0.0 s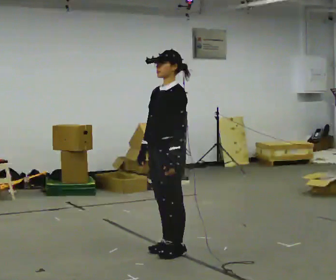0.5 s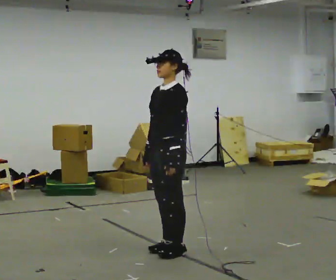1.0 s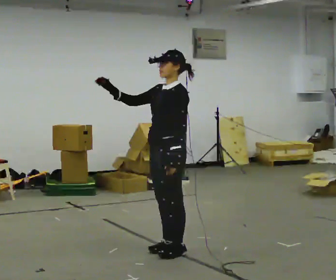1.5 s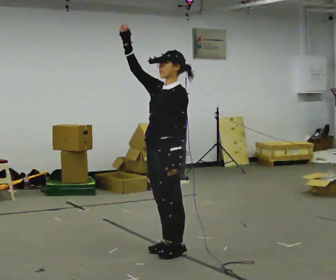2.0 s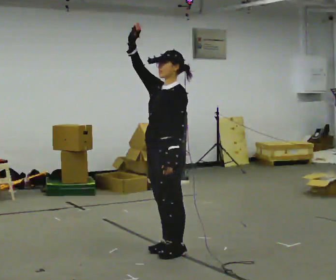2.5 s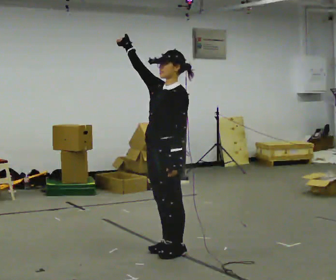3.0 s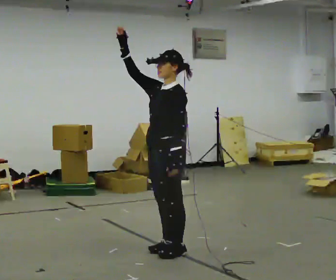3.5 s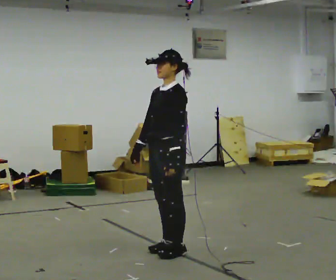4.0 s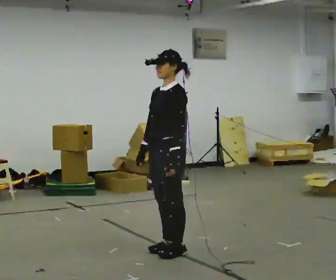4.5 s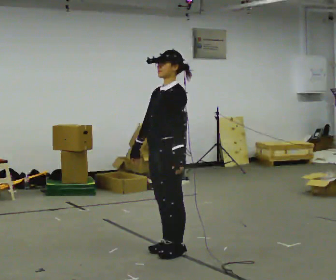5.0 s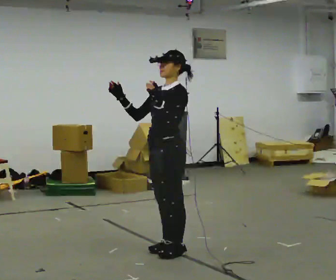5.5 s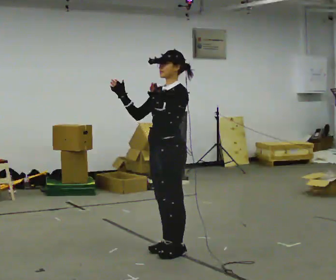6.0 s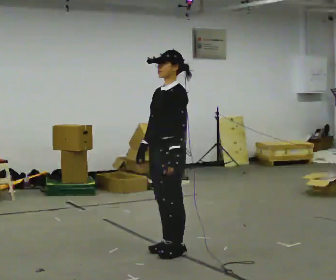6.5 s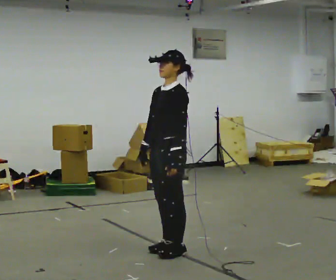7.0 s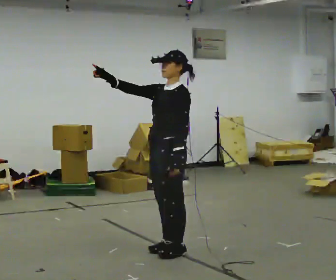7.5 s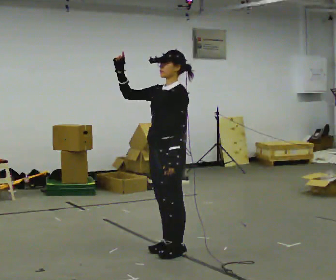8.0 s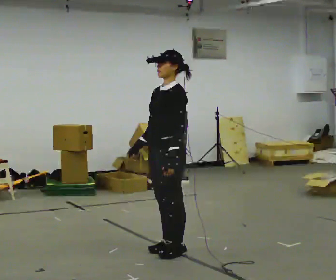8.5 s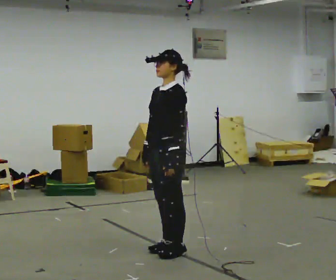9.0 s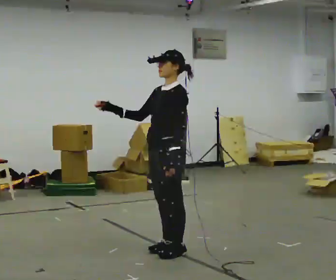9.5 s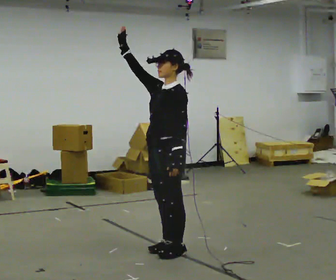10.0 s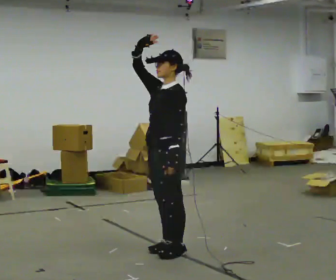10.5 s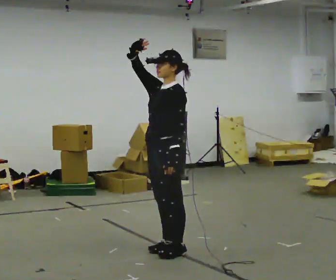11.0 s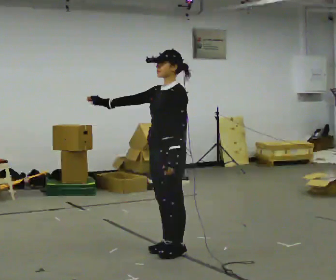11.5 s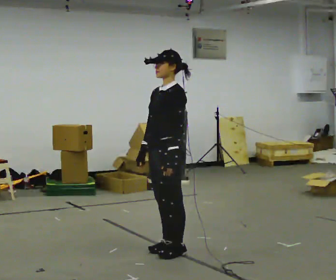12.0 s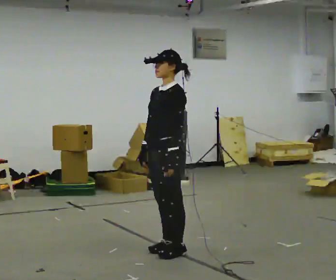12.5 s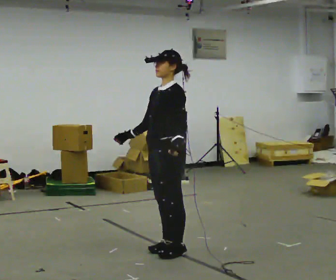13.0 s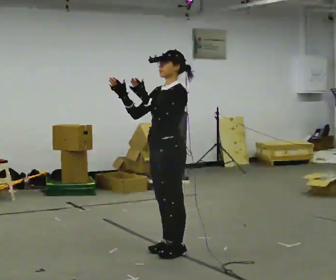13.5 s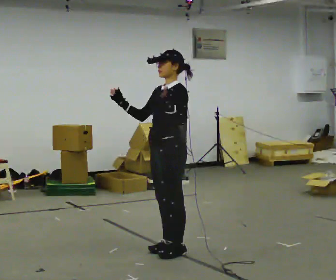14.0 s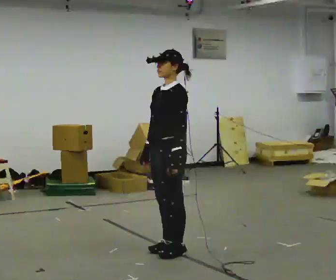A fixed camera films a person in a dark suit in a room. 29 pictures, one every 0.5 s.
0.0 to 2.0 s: In the picture their right hand goes upward, the arm swinging clockwise.
2.0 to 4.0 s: In the picture their right hand goes downward, the arm swinging counterclockwise.
4.0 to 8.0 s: The person moves a little, or ends about where they began.
8.0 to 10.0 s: In the picture their right hand goes upward, the arm swinging clockwise.
10.0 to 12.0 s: In the picture their right hand goes downward, the arm swinging counterclockwise.
12.0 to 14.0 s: The person moves a little, or ends about where they began.
The film runs backward here.
